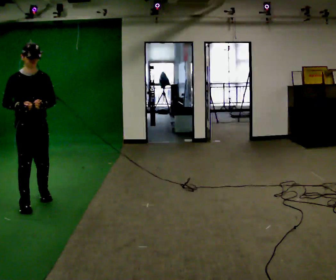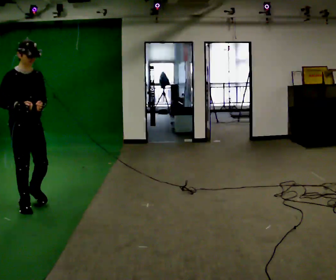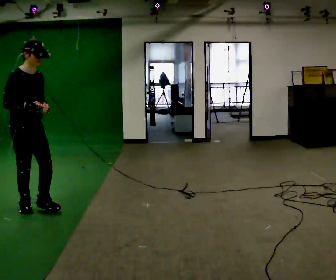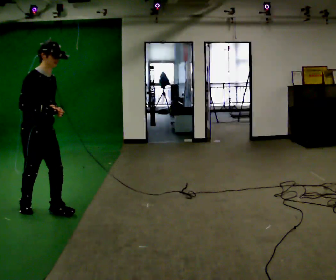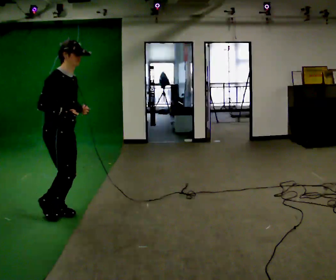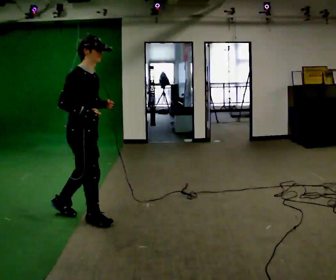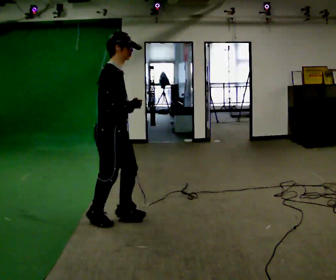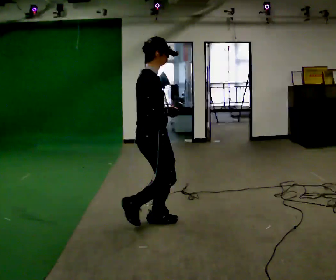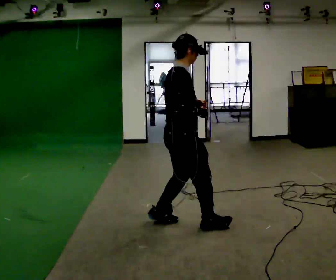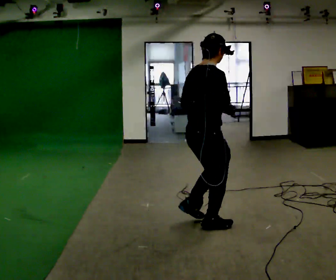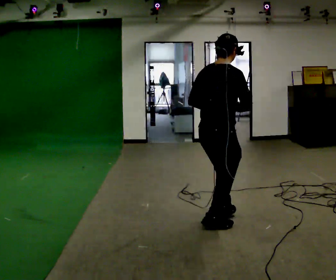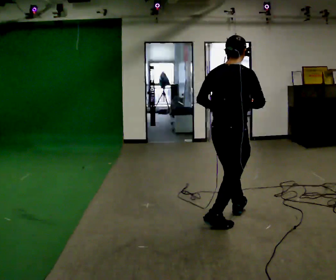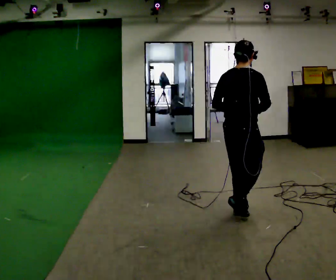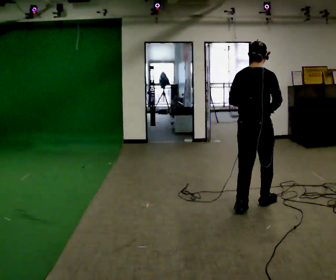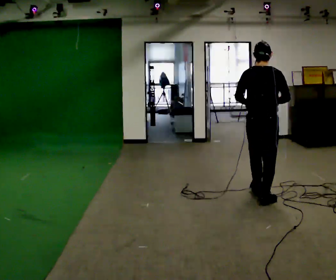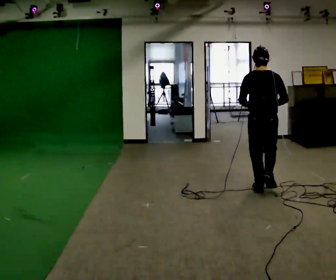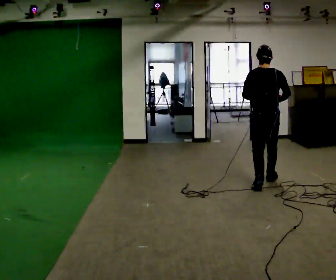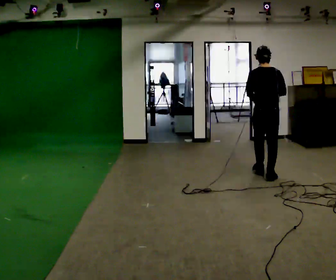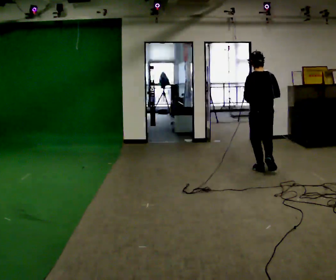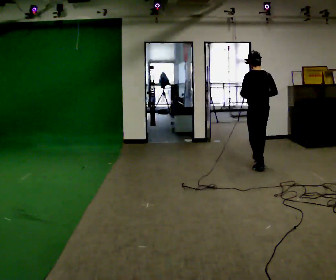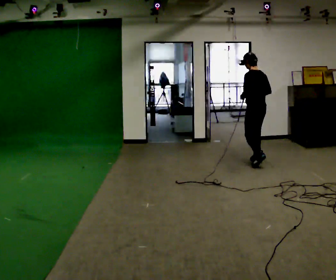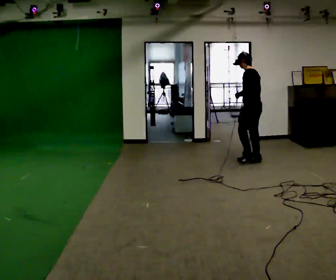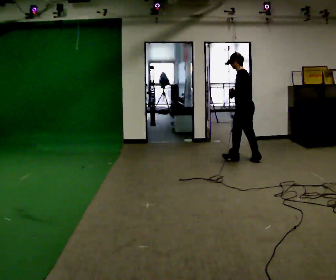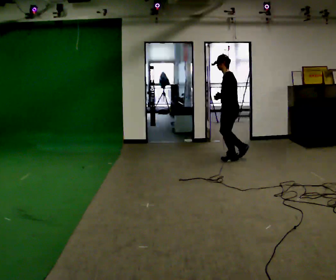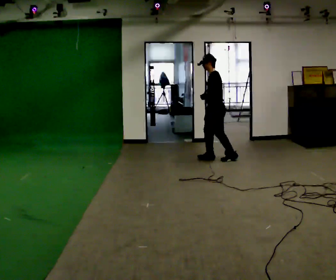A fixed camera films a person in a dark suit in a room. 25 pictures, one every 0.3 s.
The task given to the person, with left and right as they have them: Jog the curves and run hard along the straight sections, then ease off into the next curve. Keep going until the operator says stop.
0.0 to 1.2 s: The person turns about 45 degrees to their left, counterclockwise seen from above, so the part of the body nearest the lens slides to the right. In the picture they go to the right and toward the camera, about 0.5 m in 1 step, which for them is forward.
1.2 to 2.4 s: The person turns about 30 degrees to their left, counterclockwise seen from above, so the part of the body nearest the lens slides to the right. In the picture they go to the right, about 1 m in 3 steps, which for them is forward.
2.4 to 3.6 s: The person turns about 30 degrees to their left, counterclockwise seen from above, so the part of the body nearest the lens slides to the right. In the picture they go to the right and away from the camera, about 0.5 m in 1 step, which for them is forward.
3.6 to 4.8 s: Seen from above the body turns counterclockwise, about 30 degrees: to their left, with its near side sliding to the right. In the picture they go away from the camera, about 1 m in 3 steps, which for them is forward.
4.8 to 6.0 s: The part of the body nearest the lens slides to the right as the person turns to their left by about 45 degrees. In the picture they go away from the camera, about 1 m in 2 steps, which for them is forward.
6.0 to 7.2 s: Seen from above the body turns counterclockwise, about 60 degrees: to their left, with its near side sliding to the right. In the picture they go to the left, about 0.75 m in 2 steps, which for them is forward.
The film runs forward here.
